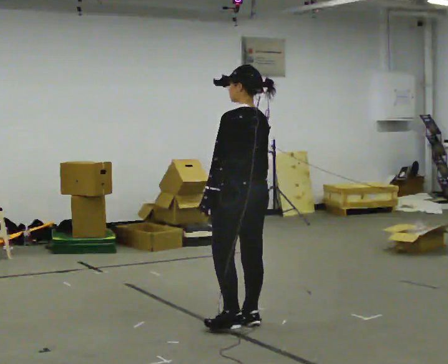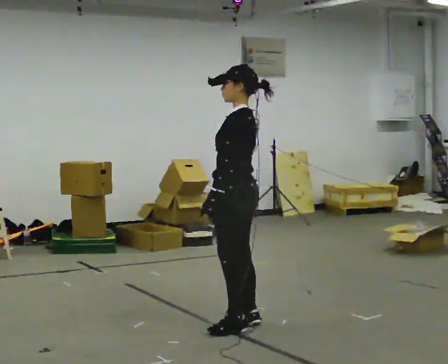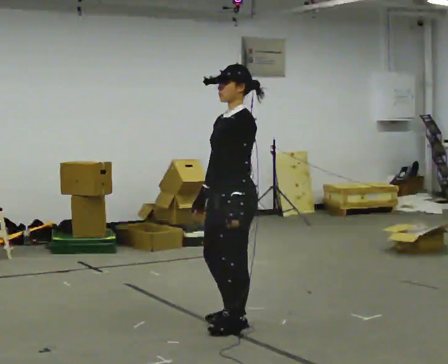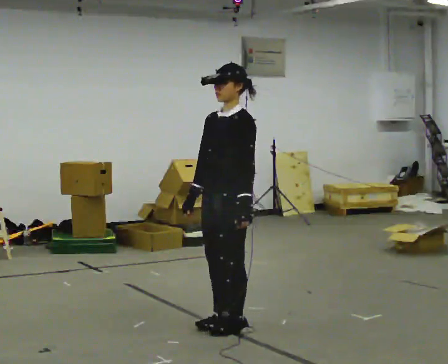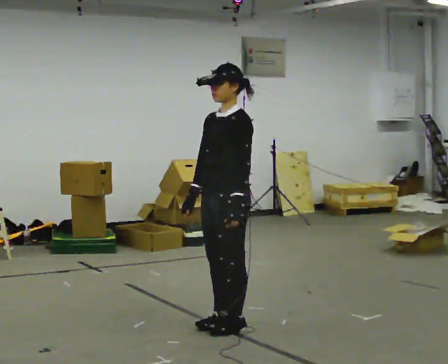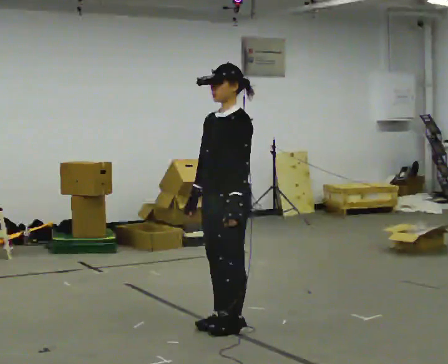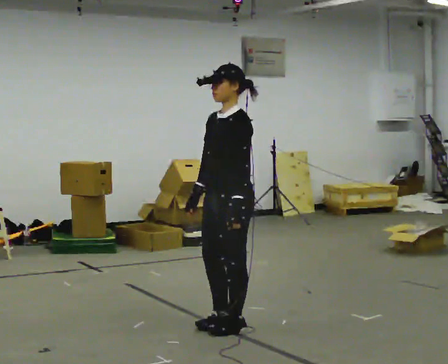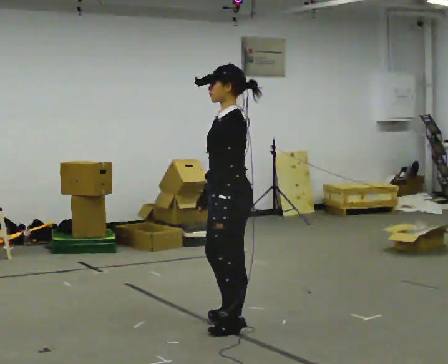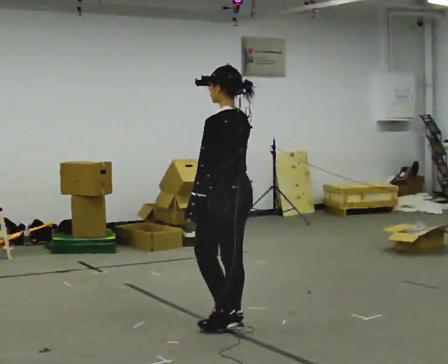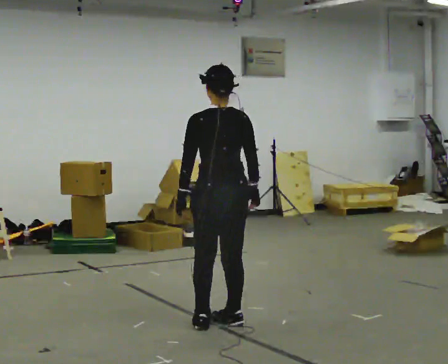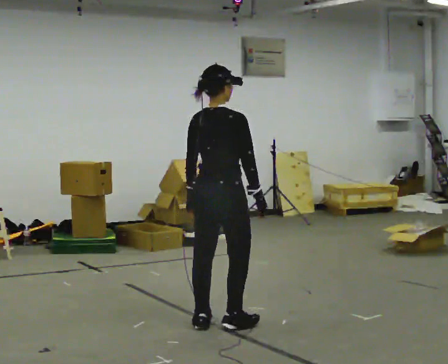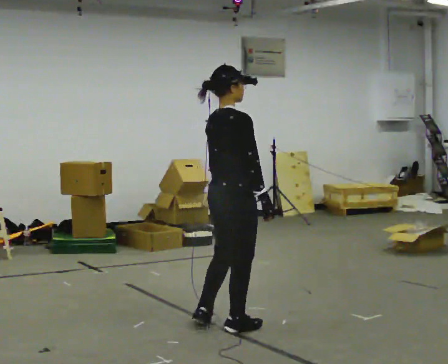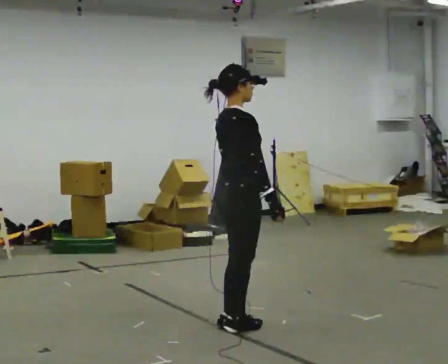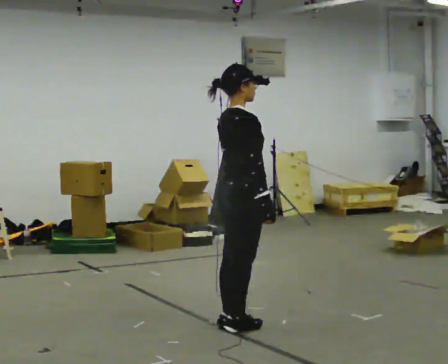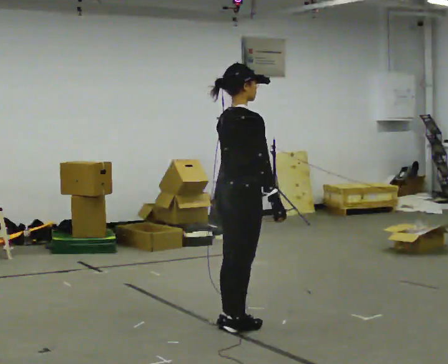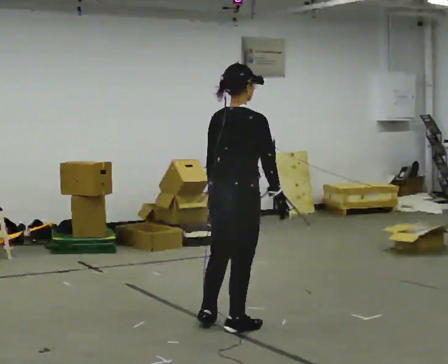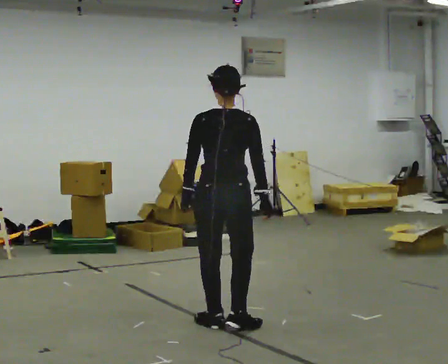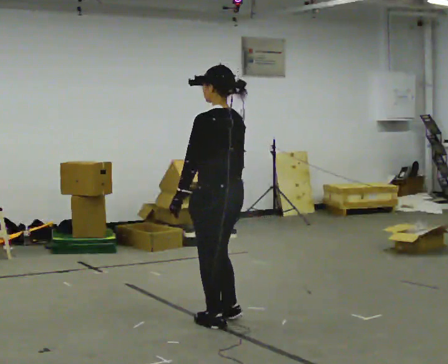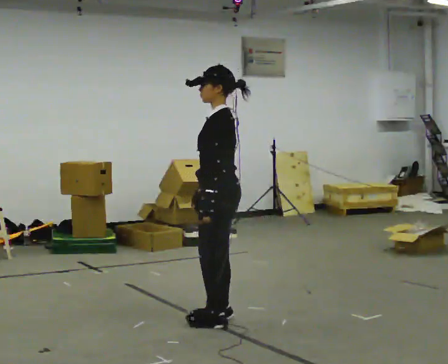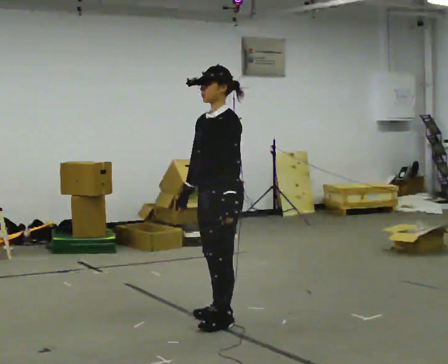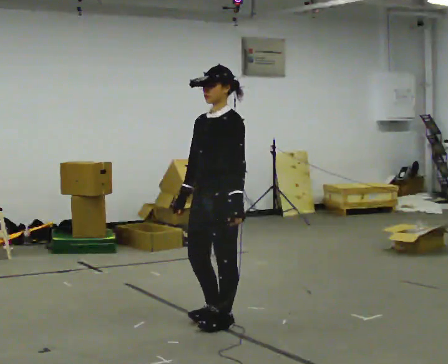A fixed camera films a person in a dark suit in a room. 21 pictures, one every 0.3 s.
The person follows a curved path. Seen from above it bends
clockwise.
0.0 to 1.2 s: Seen from above the body turns counterclockwise, about 75 degrees: to their left, with its near side sliding to the right. In the picture their right hand goes to the left.
1.2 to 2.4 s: Seen from above the body turns clockwise, about 75 degrees: to their right, with its near side sliding to the left.
2.4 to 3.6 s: The part of the body nearest the lens slides to the left as the person turns to their right by about 120 degrees.
3.6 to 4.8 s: The part of the body nearest the lens slides to the right as the person turns to their left by about 75 degrees. In the picture their left hand goes to the left.
4.8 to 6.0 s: The part of the body nearest the lens slides to the right as the person turns to their left by about 120 degrees. In the picture their left hand goes to the right.
The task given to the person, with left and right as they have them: Turn on the spot to face the direction the operator calls, then stand still. The operator will call 90, 180 and 360 degrees and left or right.
The film runs forward here.
